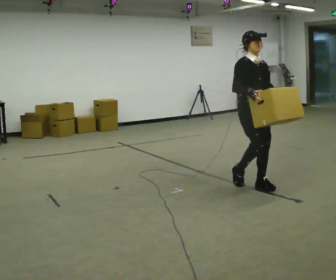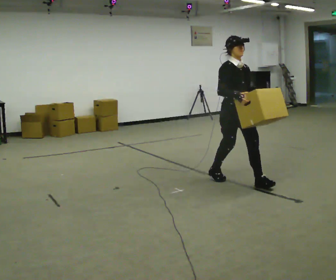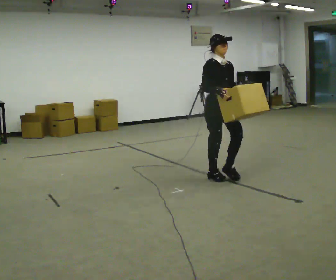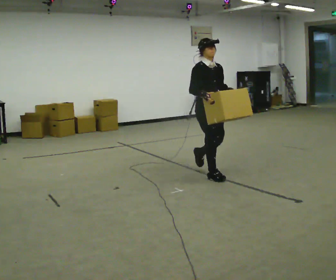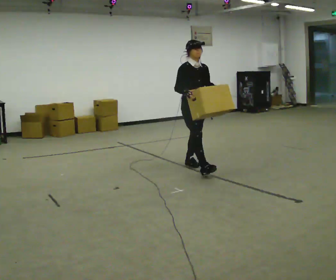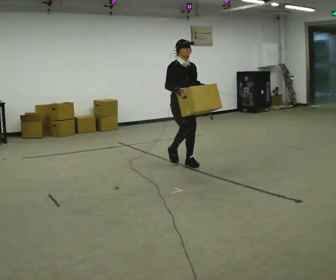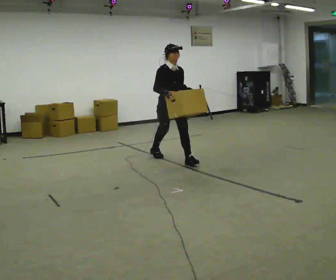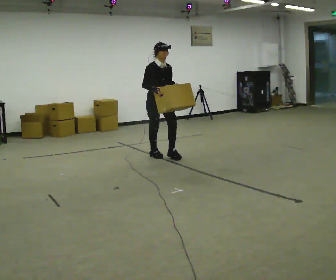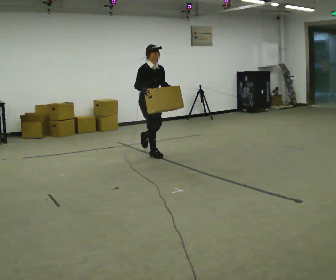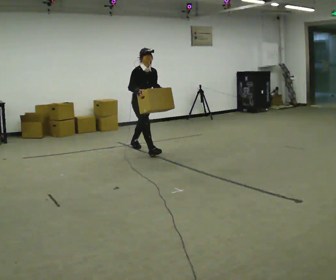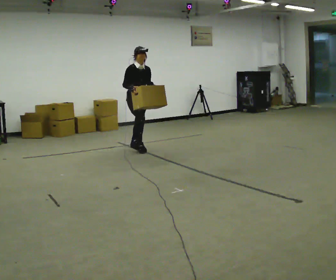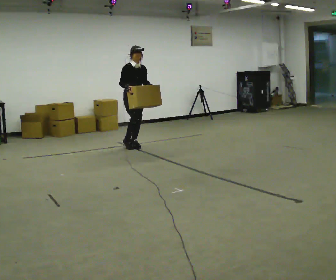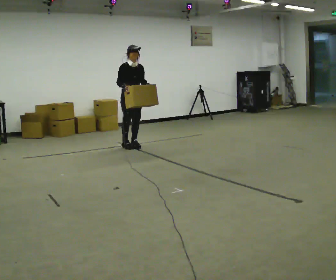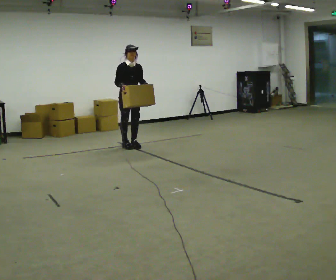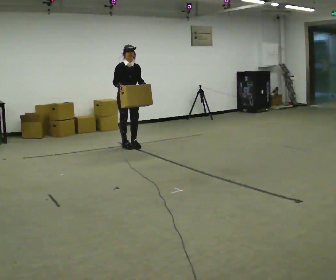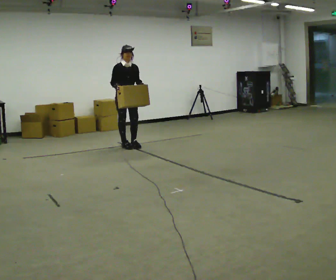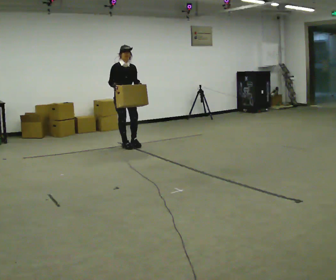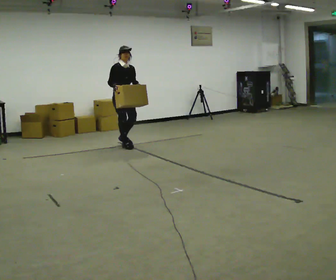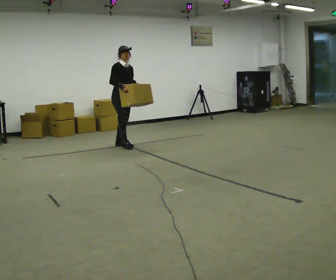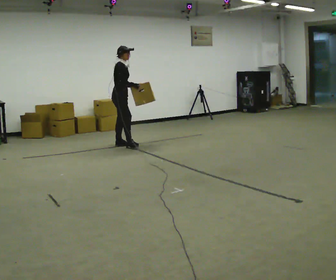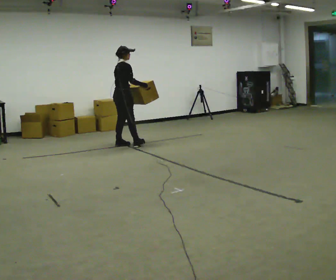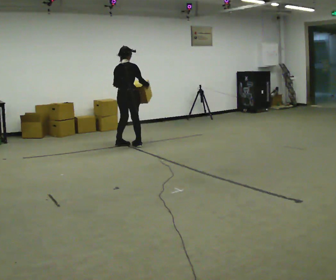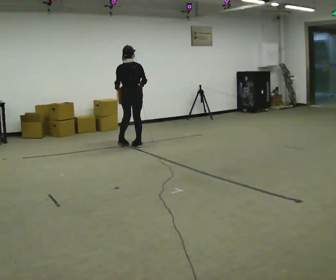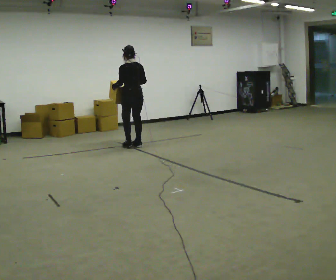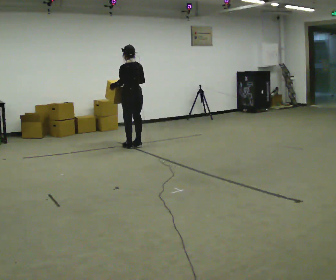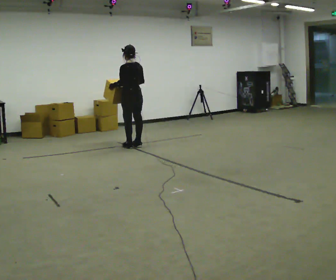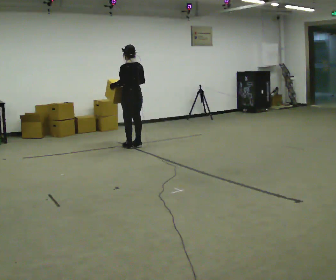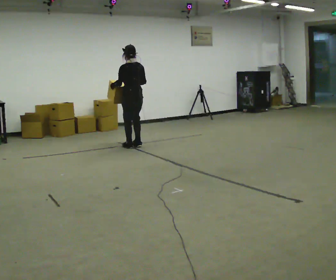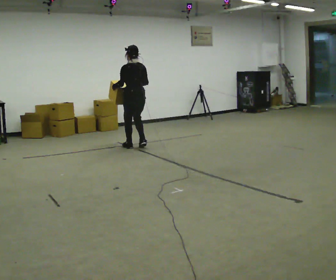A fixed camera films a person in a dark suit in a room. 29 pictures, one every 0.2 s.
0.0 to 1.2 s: In the picture they go away from the camera and to the left, about 1.5 m in 2 steps, which for them is backward.
1.2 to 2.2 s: In the picture they go away from the camera and to the left, about 1 m in 2 steps, which for them is backward.
2.2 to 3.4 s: In the picture they go to the left, about 0.25 m in 1 step, which for them is to their right and backward.
3.4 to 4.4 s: The person turns about 150 degrees to their left, counterclockwise seen from above, so the part of the body nearest the lens slides to the right. In the picture their right hand goes to the right.
4.4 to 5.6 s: The part of the body nearest the lens slides to the right as the person turns to their left by about 30 degrees. In the picture they go toward the camera, about 0.25 m in 1 step, which for them is backward.
The film runs backward here.
